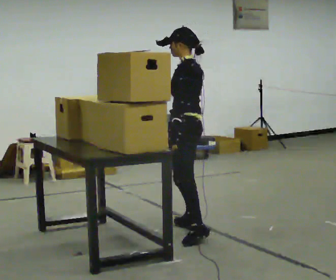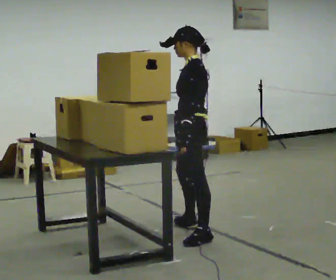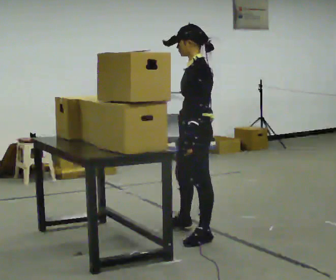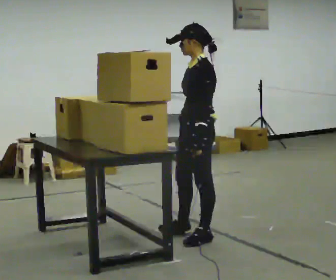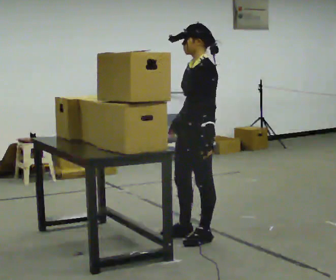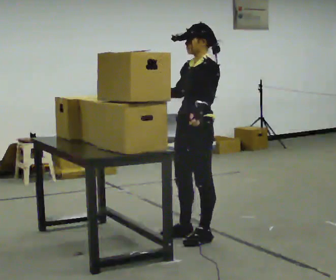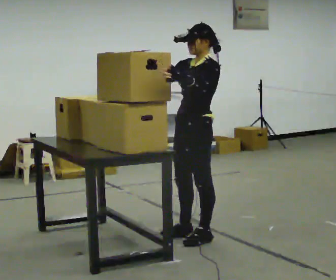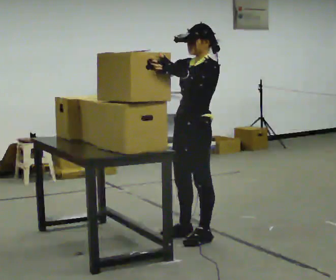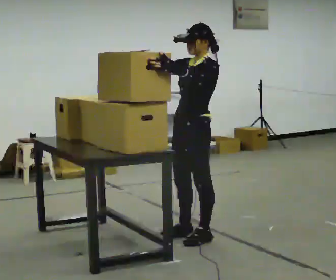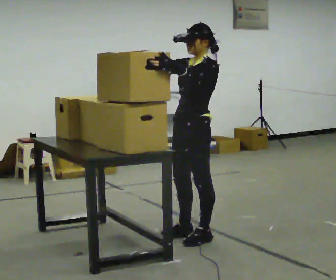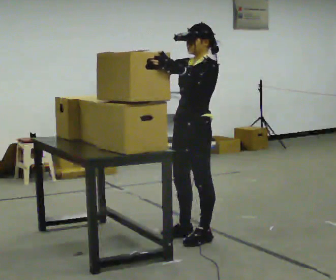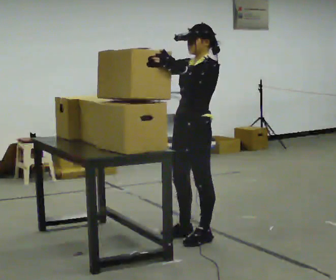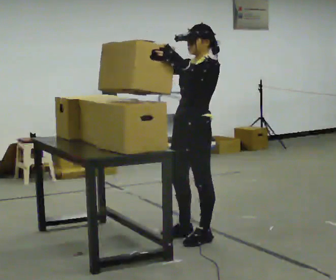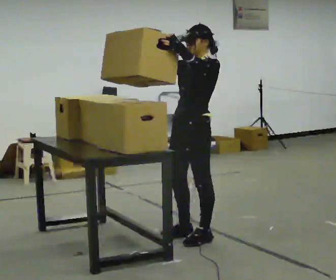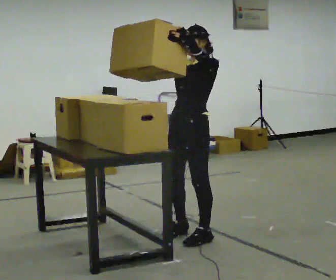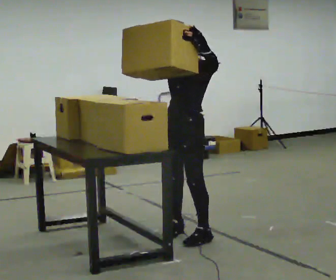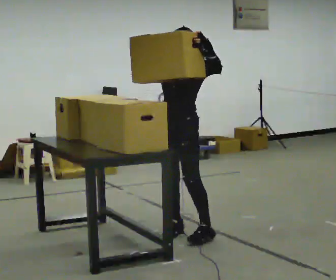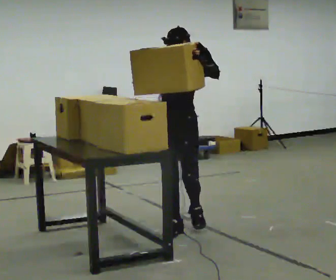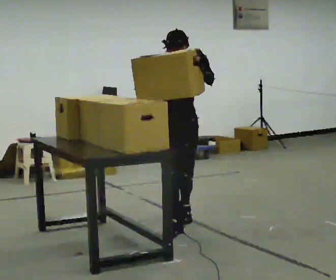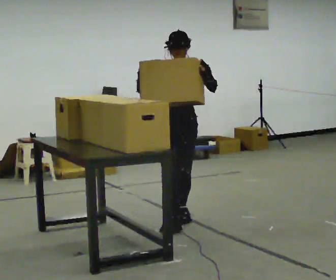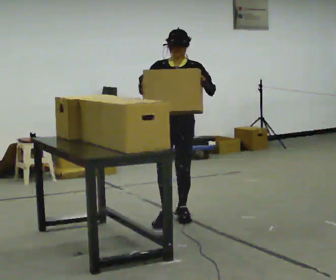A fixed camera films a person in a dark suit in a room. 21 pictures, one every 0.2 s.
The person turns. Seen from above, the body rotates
counterclockwise.
The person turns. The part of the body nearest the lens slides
to the right.
0.0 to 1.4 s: The person turns about 45 degrees to their left, counterclockwise seen from above, so the part of the body nearest the lens slides to the right. In the picture they go toward the camera, about 0.25 m in 1 step, which for them is to their left. In the picture their right hand goes upward, the arm swinging clockwise.
1.4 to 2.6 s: The person moves a little, or ends about where they began.
2.6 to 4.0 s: The part of the body nearest the lens slides to the right as the person turns to their left by about 45 degrees. In the picture they go away from the camera, about 0.5 m in 2 steps, which for them is backward and to their right.
The film runs backward here.
